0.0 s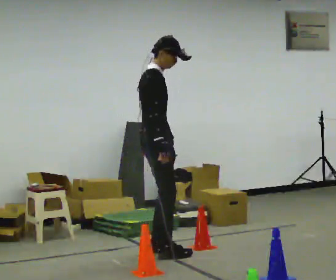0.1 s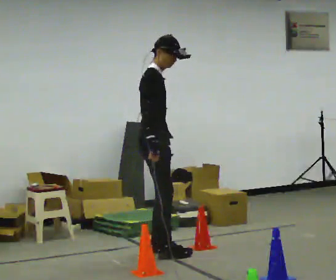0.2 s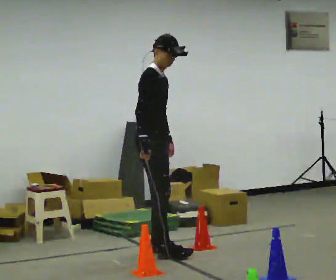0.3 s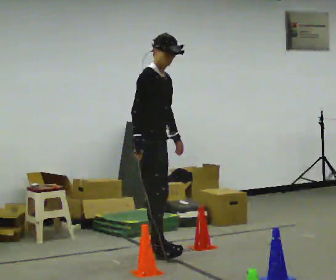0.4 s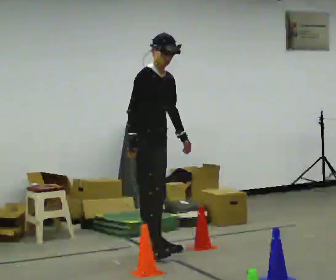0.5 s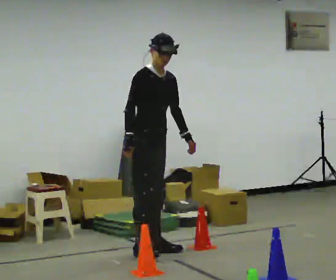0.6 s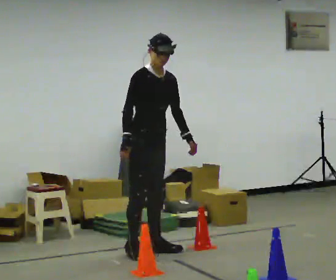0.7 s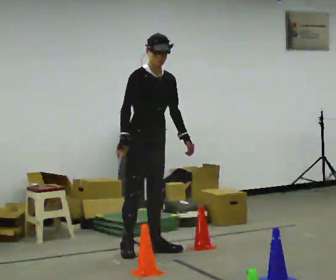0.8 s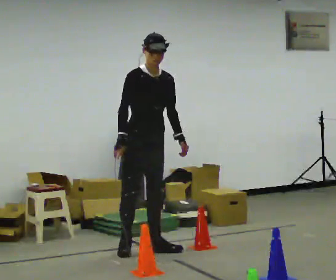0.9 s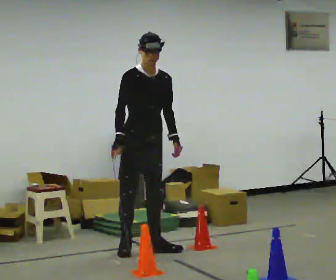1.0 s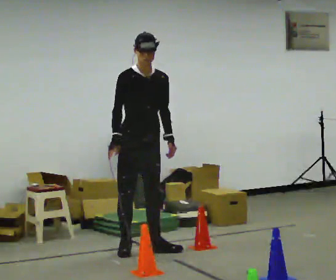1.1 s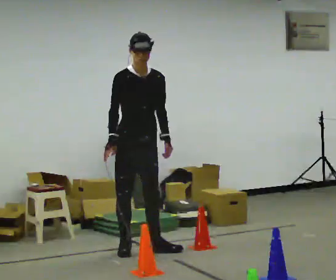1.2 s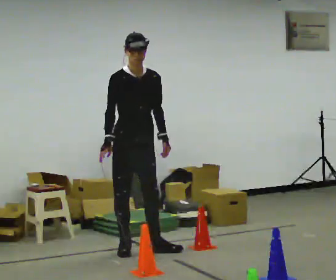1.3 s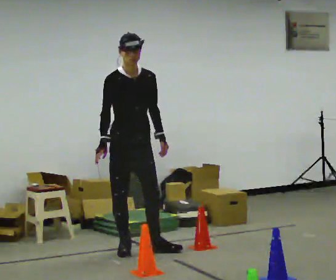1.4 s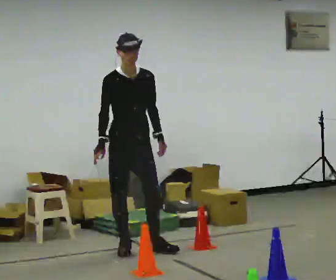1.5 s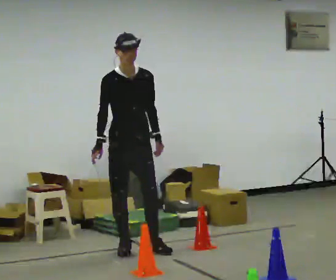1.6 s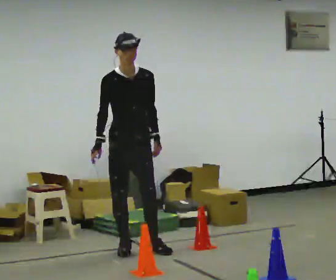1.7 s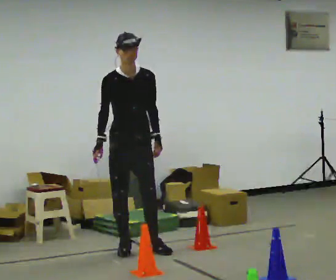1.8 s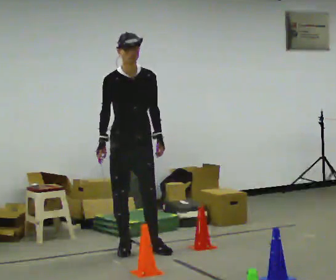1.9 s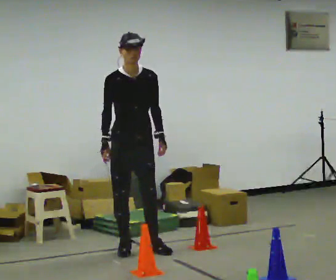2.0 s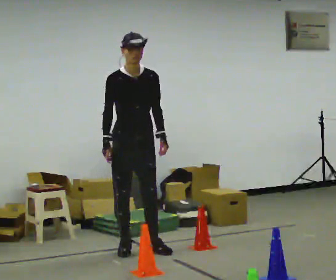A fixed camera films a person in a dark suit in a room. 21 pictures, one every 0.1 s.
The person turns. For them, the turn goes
to their right.
The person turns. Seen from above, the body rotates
clockwise.
0.0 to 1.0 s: Seen from above the body turns clockwise, about 75 degrees: to their right, with its near side sliding to the left. In the picture they go away from the camera, about 0.25 m in 1 step. In the picture their right hand goes to the left.
1.0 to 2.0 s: The person moves a little, or ends about where they began.
The film runs forward here.
